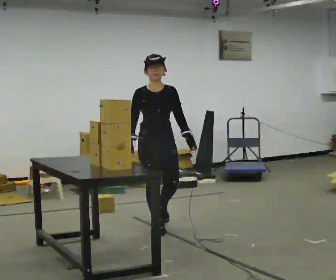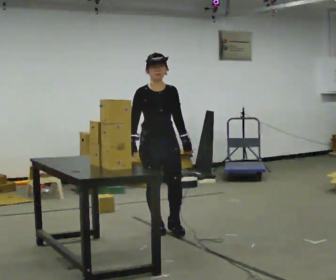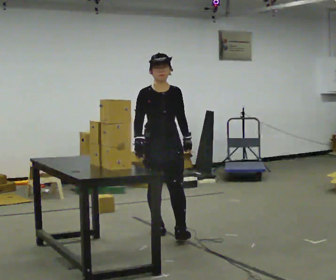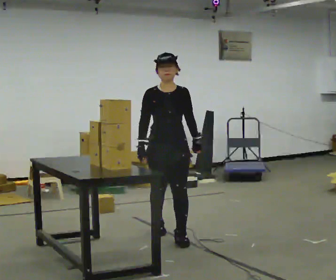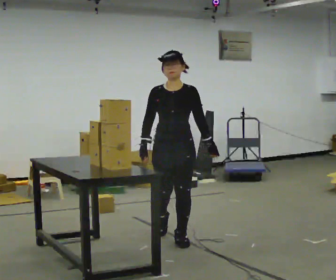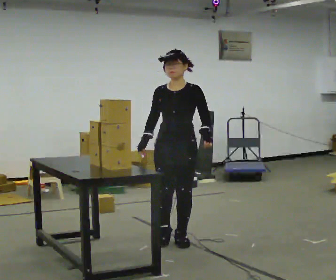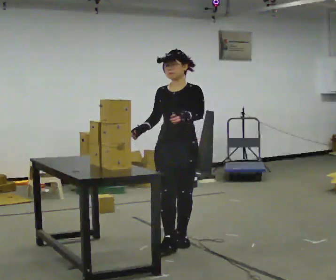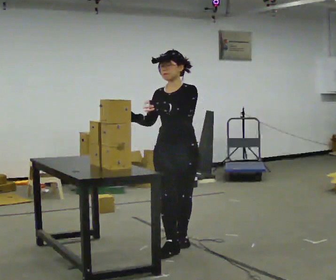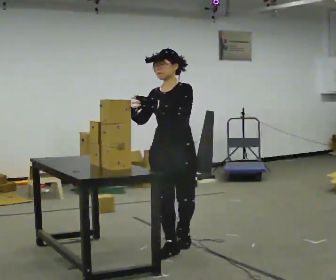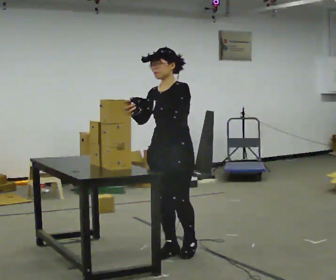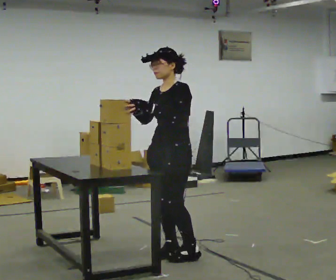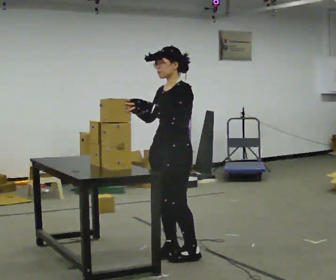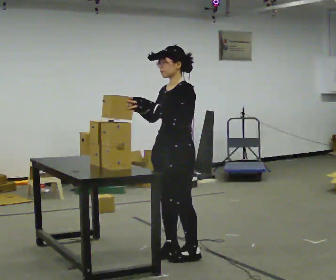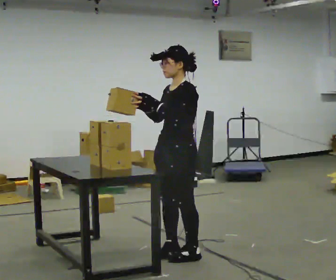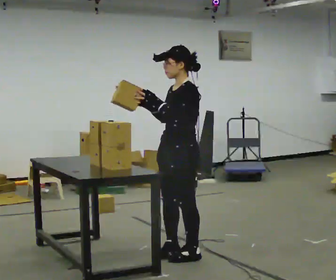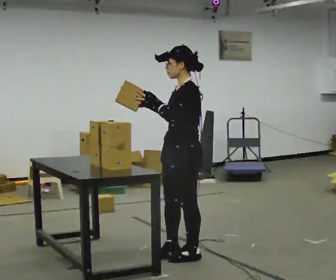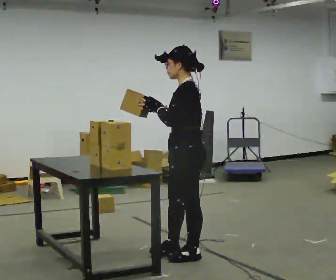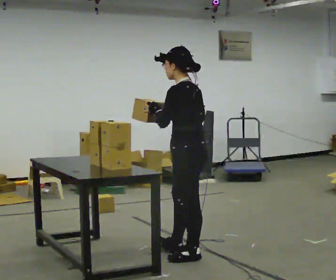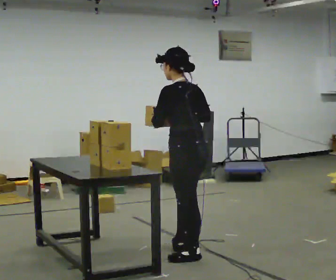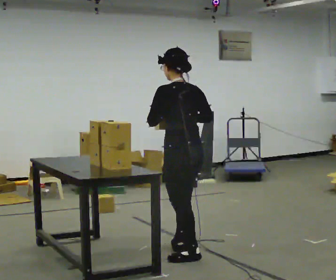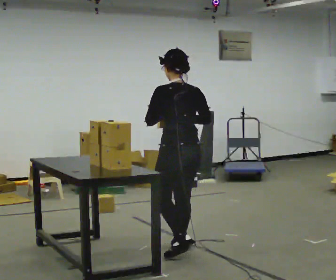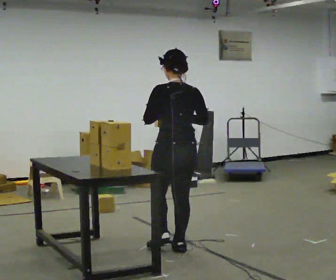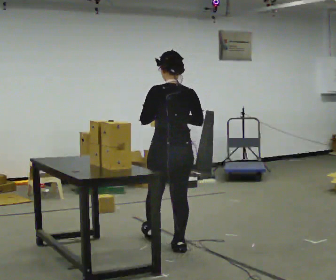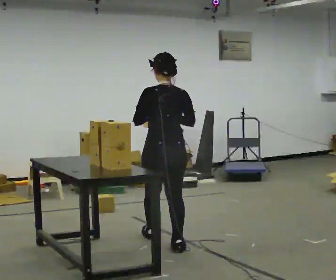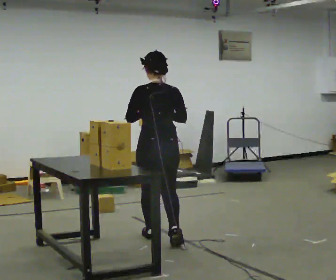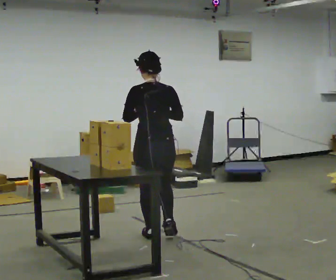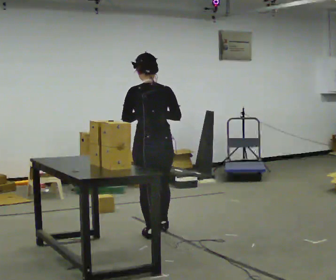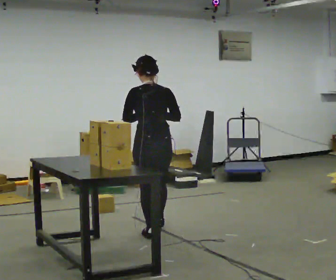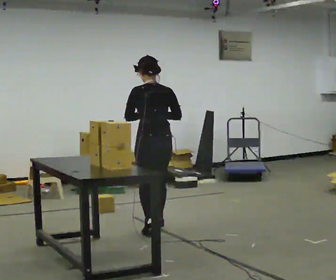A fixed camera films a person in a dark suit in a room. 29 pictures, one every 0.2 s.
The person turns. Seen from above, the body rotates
clockwise.
The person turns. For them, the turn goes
to their right.
0.0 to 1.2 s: Seen from above the body turns clockwise, about 30 degrees: to their right, with its near side sliding to the left. In the picture they go toward the camera and to the right, about 0.5 m in 1 step, which for them is forward.
1.2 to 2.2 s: The part of the body nearest the lens slides to the left as the person turns to their right by about 45 degrees. In the picture they go toward the camera, about 0.25 m in 2 steps, which for them is forward.
2.2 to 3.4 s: Seen from above the body turns clockwise, about 60 degrees: to their right, with its near side sliding to the left. In the picture their right hand goes to the right.
3.4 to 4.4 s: Seen from above the body turns clockwise, about 60 degrees: to their right, with its near side sliding to the left. In the picture they go away from the camera and to the left, about 0.25 m, which for them is forward.
4.4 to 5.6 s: In the picture they go away from the camera, about 0.75 m in 2 steps, which for them is forward.
The film runs forward here.
